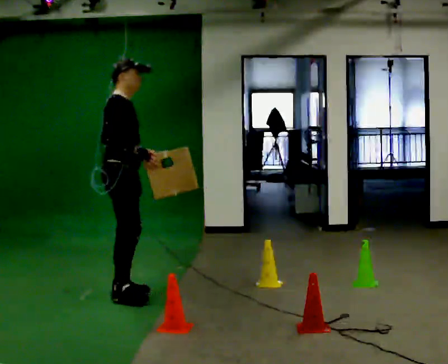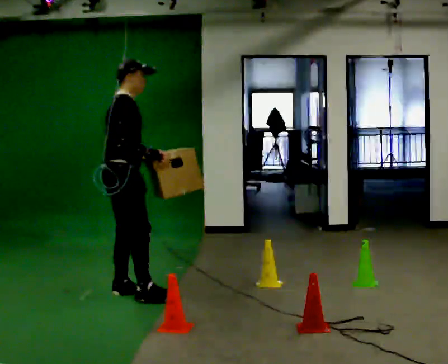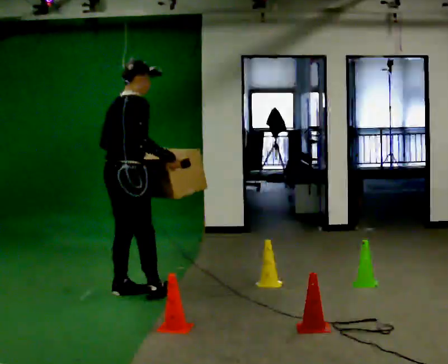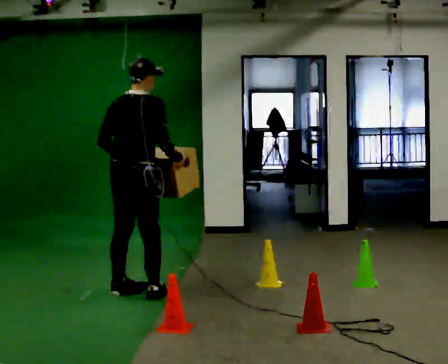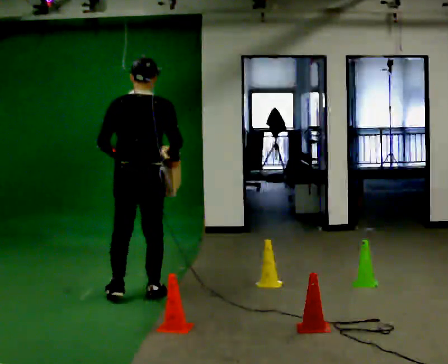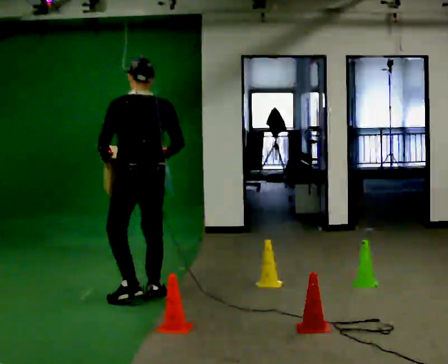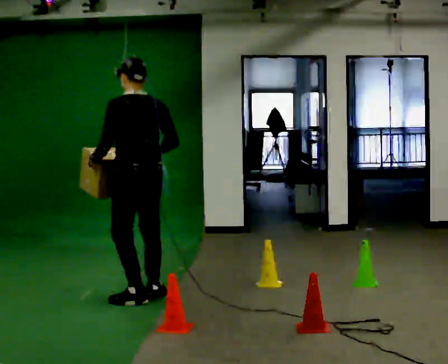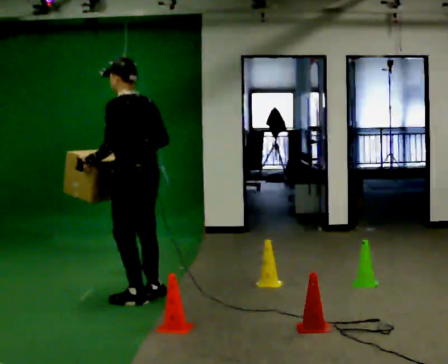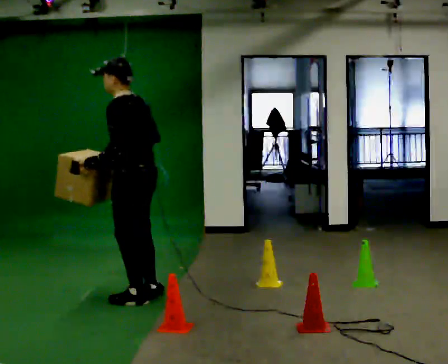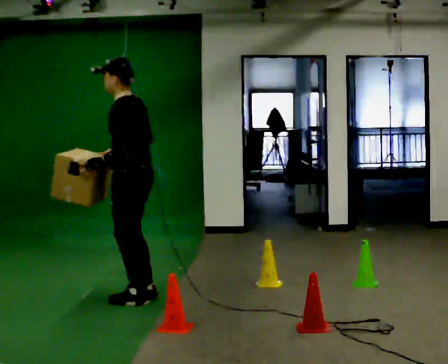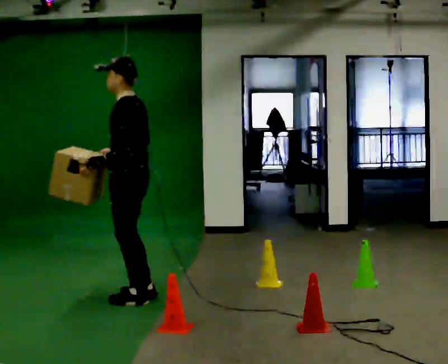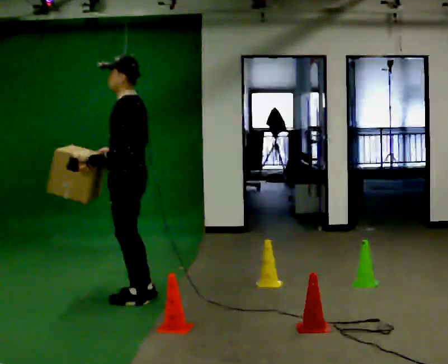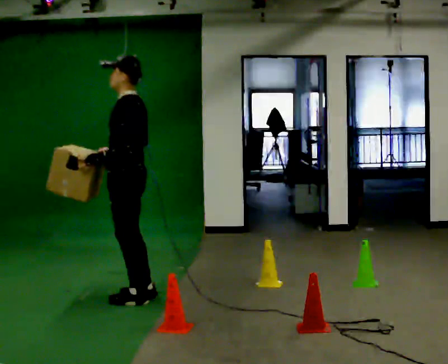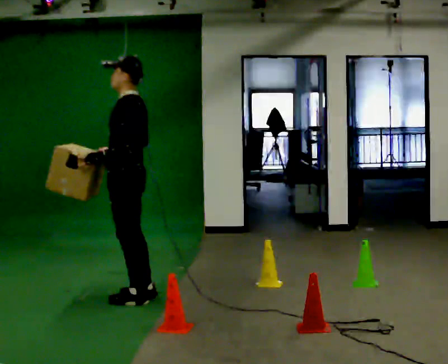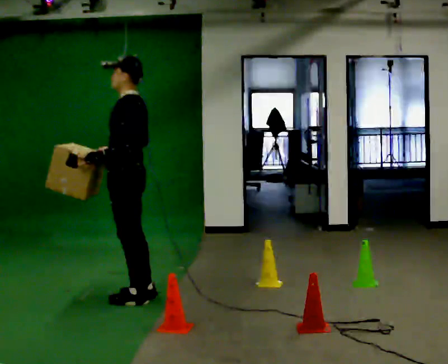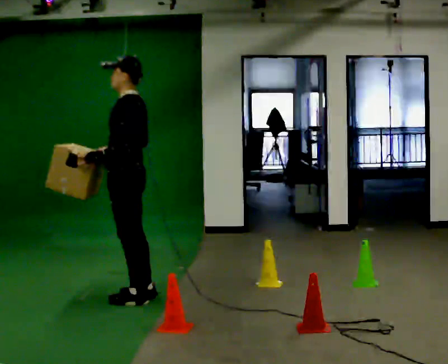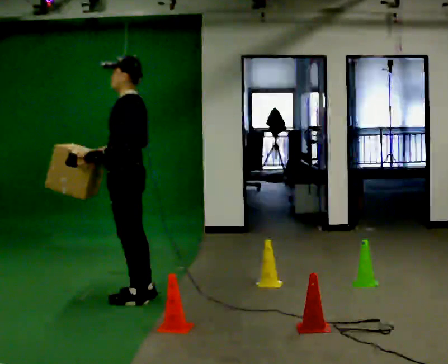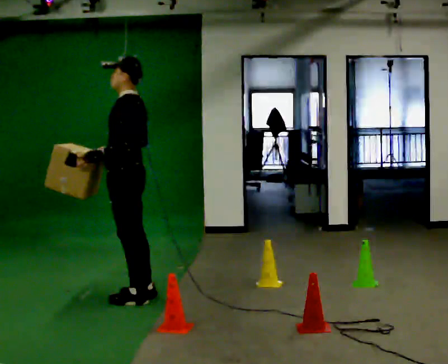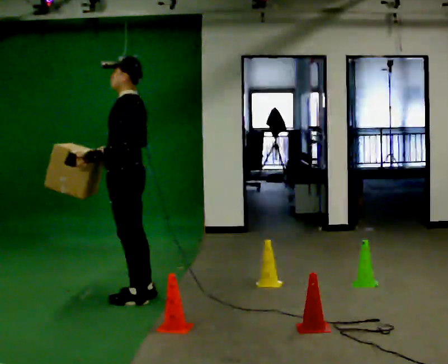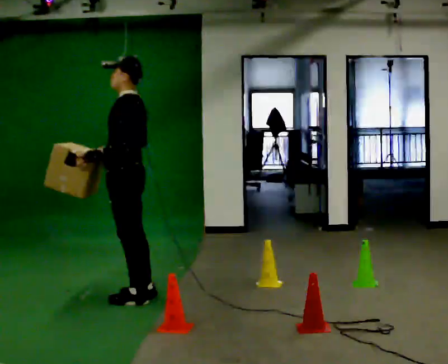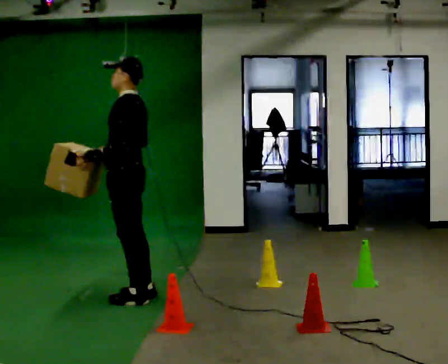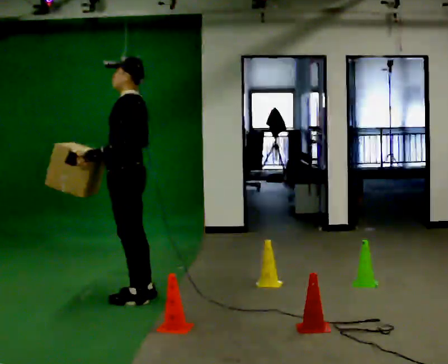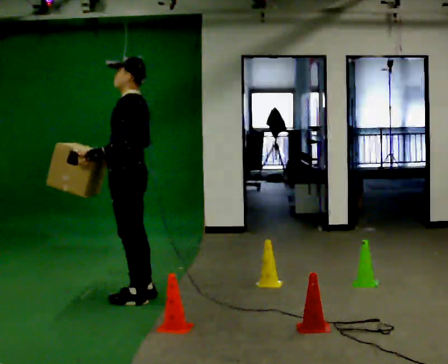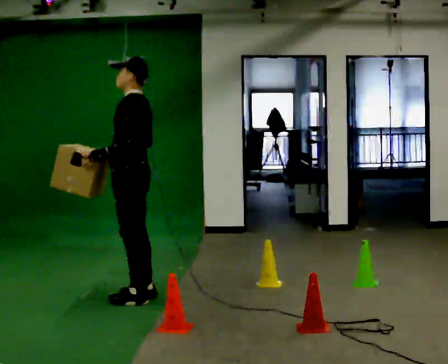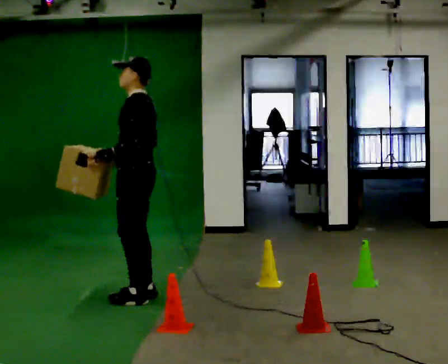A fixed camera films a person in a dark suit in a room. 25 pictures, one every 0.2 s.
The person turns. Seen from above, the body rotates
counterclockwise.
The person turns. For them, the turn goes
to their left.
0.0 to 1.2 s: The person turns about 120 degrees to their left, counterclockwise seen from above, so the part of the body nearest the lens slides to the right. In the picture they go to the right and toward the camera, about 0.25 m in 1 step. In the picture their left hand goes to the left, the arm swinging clockwise.
1.2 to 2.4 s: The part of the body nearest the lens slides to the right as the person turns to their left by about 60 degrees. In the picture their right hand goes to the left, the arm swinging clockwise.
2.4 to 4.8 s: The person moves a little, or ends about where they began.
The film runs backward here.
